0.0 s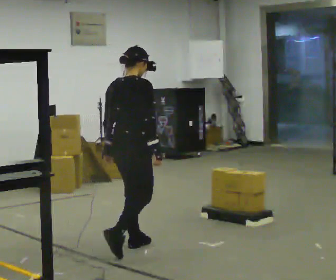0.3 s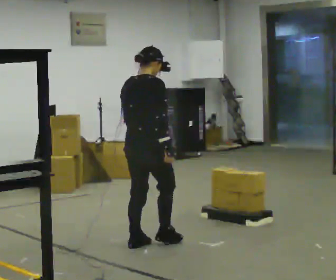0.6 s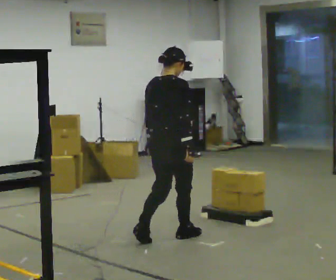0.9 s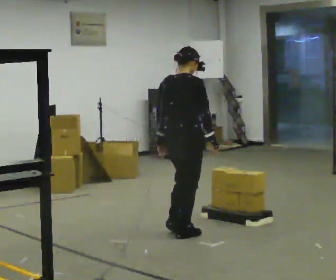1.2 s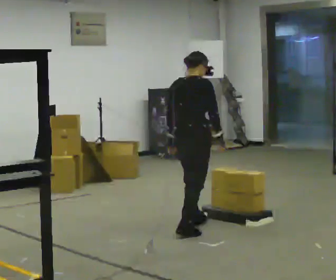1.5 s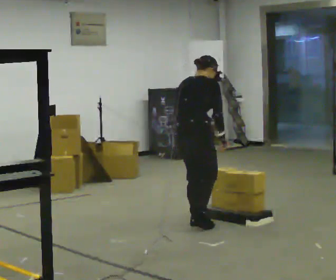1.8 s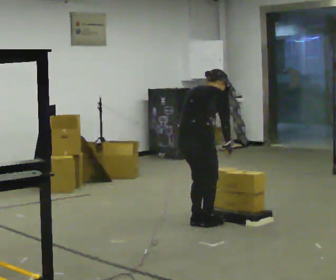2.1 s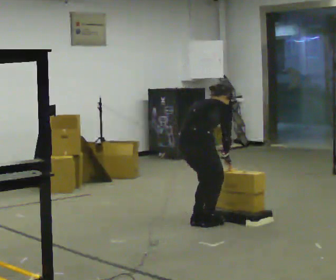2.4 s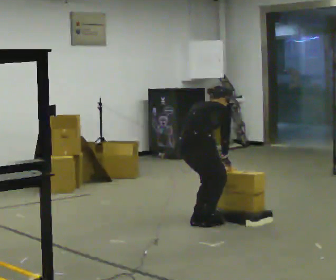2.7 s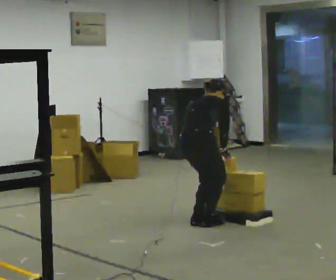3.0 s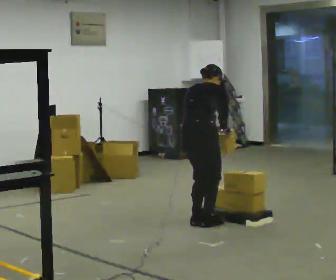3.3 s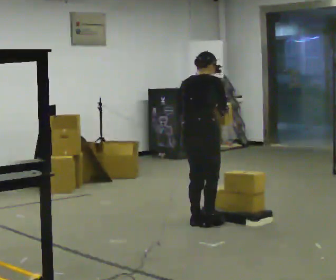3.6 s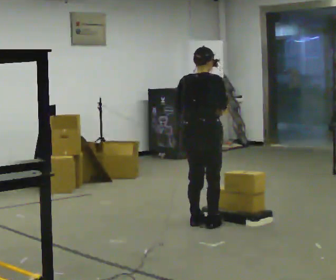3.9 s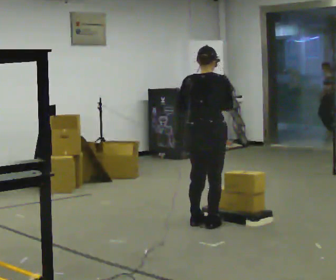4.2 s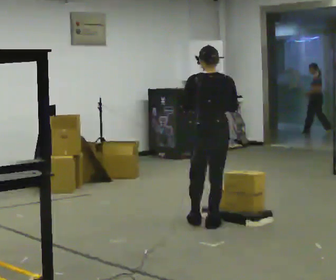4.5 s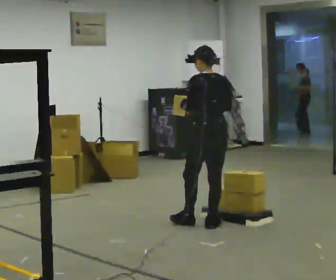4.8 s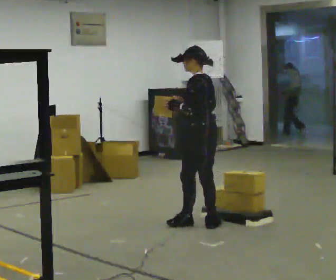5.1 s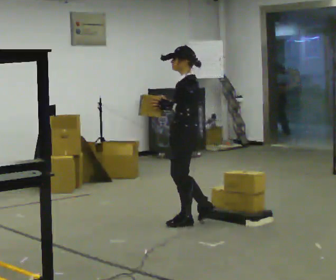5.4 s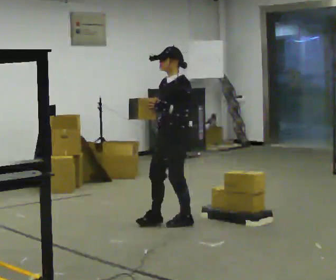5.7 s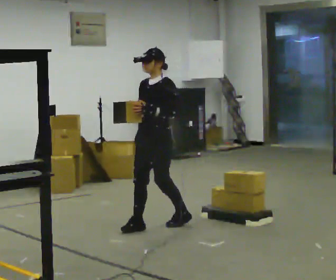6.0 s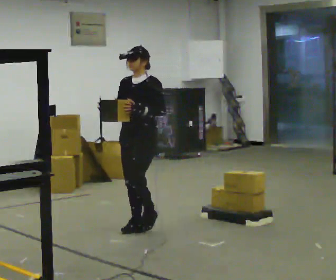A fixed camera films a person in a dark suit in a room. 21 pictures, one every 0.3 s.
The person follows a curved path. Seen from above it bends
counterclockwise.
The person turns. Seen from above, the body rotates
counterclockwise.
0.0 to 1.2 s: In the picture they go away from the camera and to the right, about 0.5 m in 2 steps, which for them is forward.
1.2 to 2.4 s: The upper body goes downward. The upper body tips away from the camera, its near side rolling upward, as they bend forward. In the picture their left hand goes to the right.
2.4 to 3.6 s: The shoulders move upward. The upper body tips toward the camera, its near side rolling downward, as they lean back or straighten. In the picture their right hand goes upward.
3.6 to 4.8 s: The person turns about 90 degrees to their left, counterclockwise seen from above, so the part of the body nearest the lens slides to the right. In the picture their right hand goes to the left.
4.8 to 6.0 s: The part of the body nearest the lens slides to the right as the person turns to their left by about 90 degrees. In the picture they go to the left, about 0.5 m in 1 step.
The film runs forward here.
